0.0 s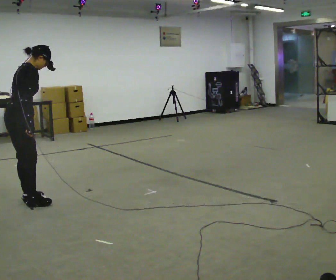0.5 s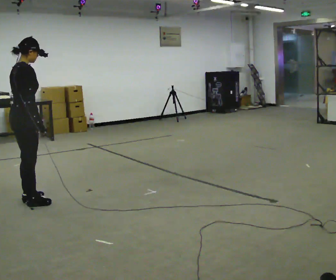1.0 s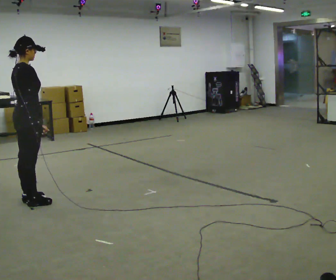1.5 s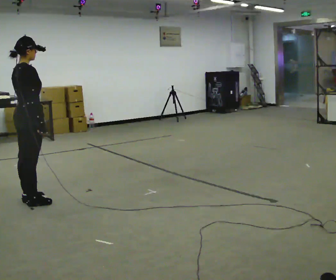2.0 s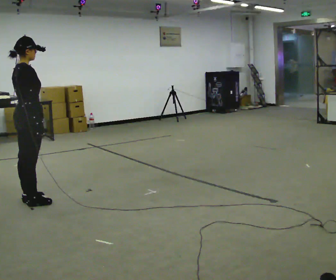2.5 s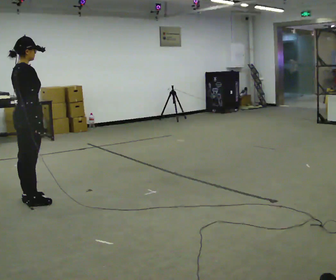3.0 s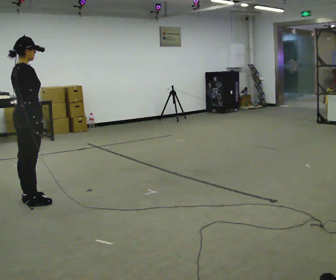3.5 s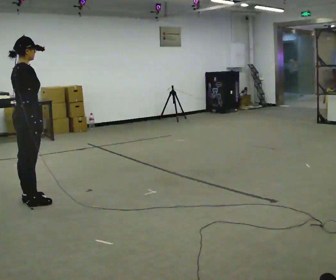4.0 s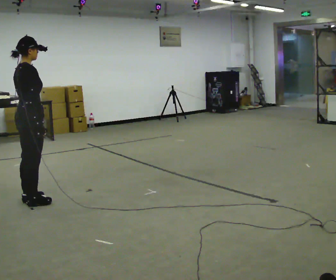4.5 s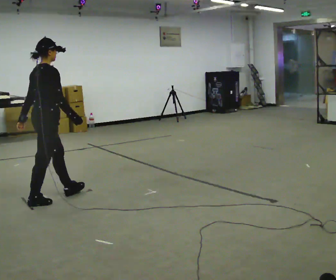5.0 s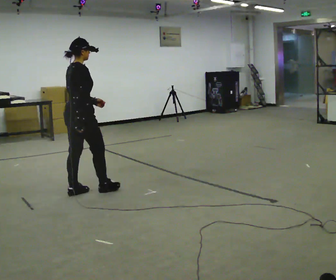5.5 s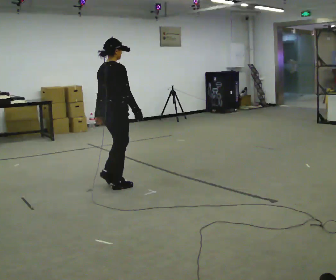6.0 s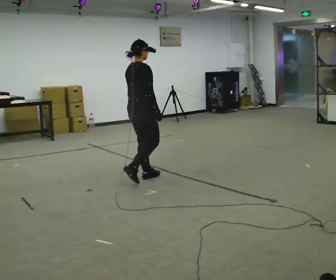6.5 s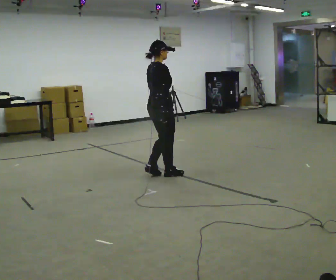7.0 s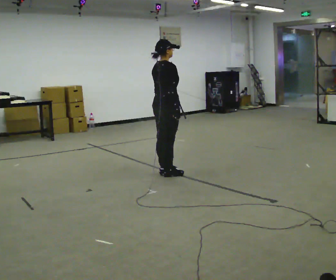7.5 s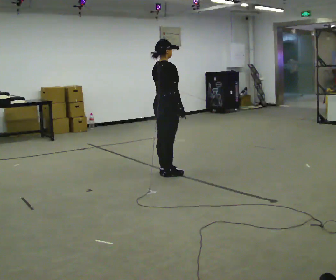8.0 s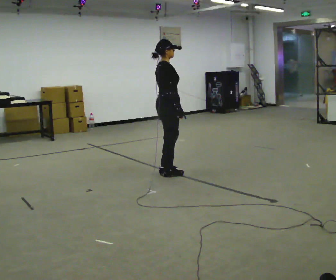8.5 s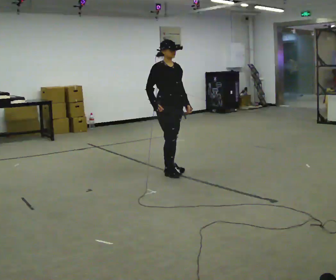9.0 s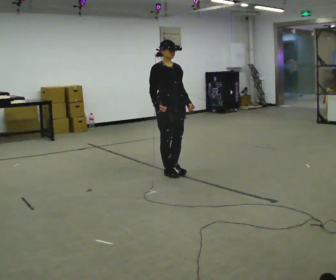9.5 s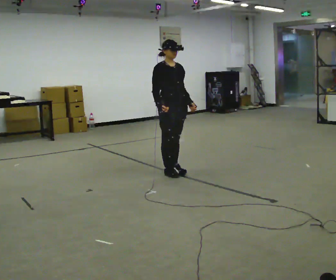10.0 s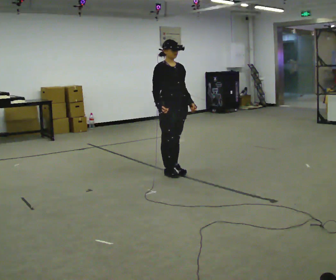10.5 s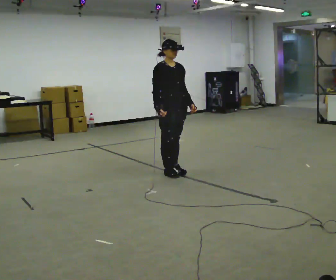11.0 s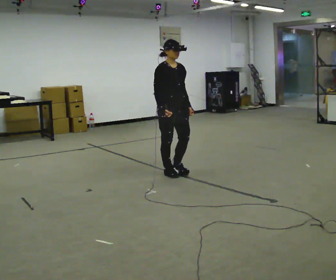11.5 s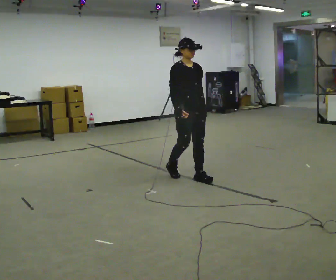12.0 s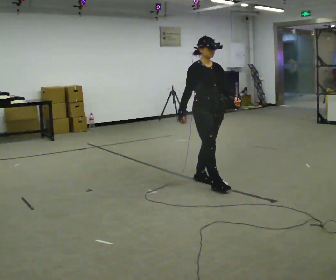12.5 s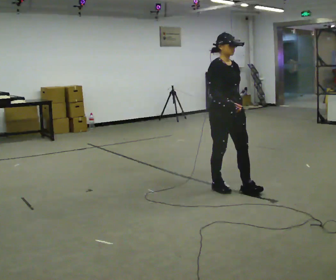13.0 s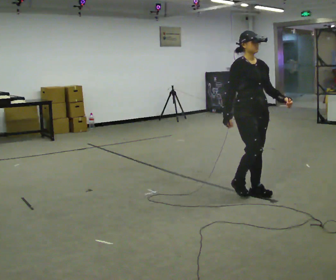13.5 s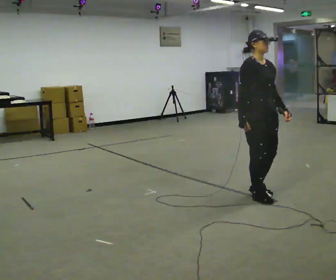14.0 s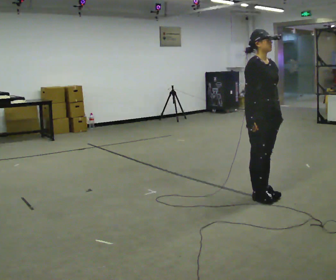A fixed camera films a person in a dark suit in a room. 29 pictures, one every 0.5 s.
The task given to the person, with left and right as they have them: Walk; stop fully; turn 90° left/right while standing; walk new direction.
0.0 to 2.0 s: In the picture the upper body tilts counterclockwise, shoulders to the left, as they lean back or straighten.
2.0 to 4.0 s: The person moves a little, or ends about where they began.
4.0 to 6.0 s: In the picture they go to the right and away from the camera, about 1.5 m in 3 steps, which for them is forward.
6.0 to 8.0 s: In the picture they go to the right and away from the camera, about 0.25 m in 2 steps, which for them is forward.
8.0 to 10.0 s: Seen from above the body turns clockwise, about 60 degrees: to their right, with its near side sliding to the left. In the picture their left hand goes to the right.
10.0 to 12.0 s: In the picture they go toward the camera and to the right, about 0.75 m in 2 steps, which for them is forward.
12.0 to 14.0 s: In the picture they go toward the camera and to the right, about 0.75 m in 2 steps, which for them is forward.
The film runs forward here.
